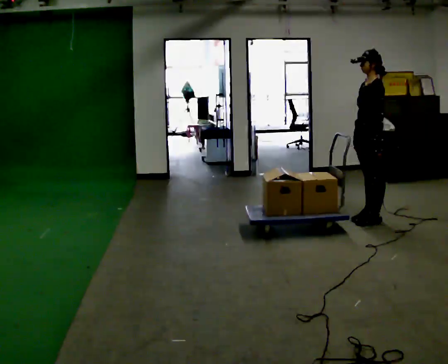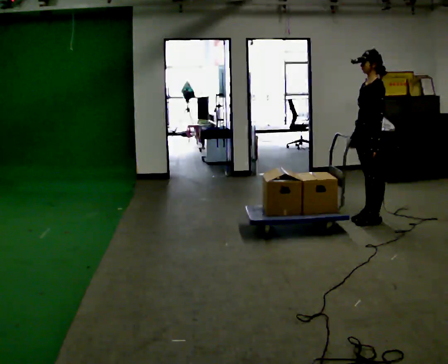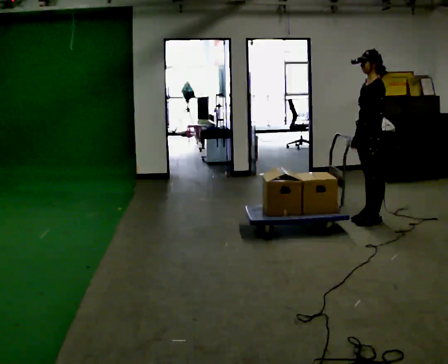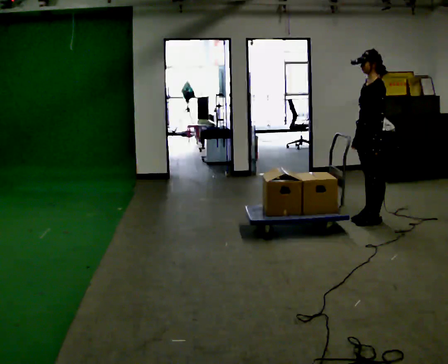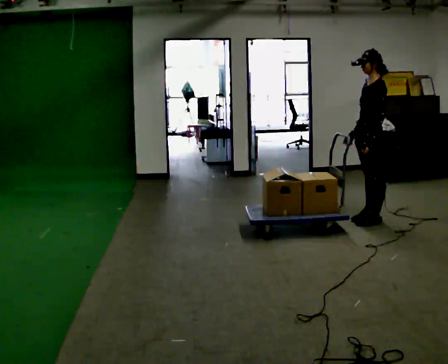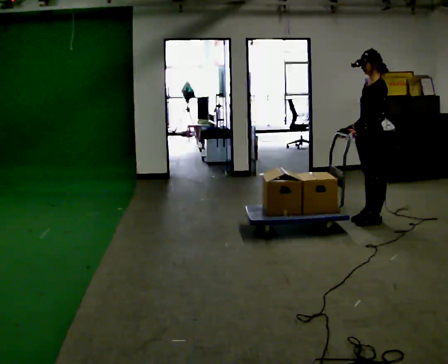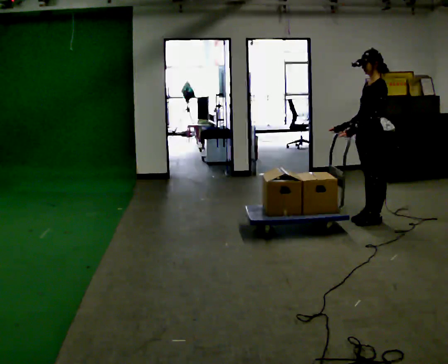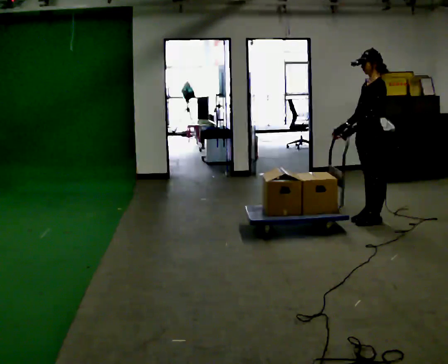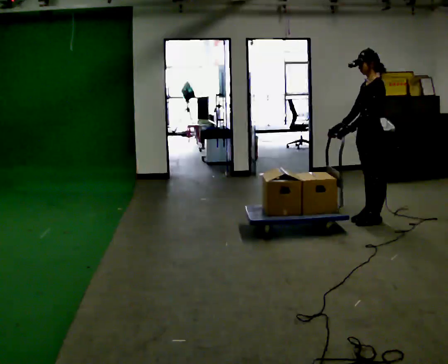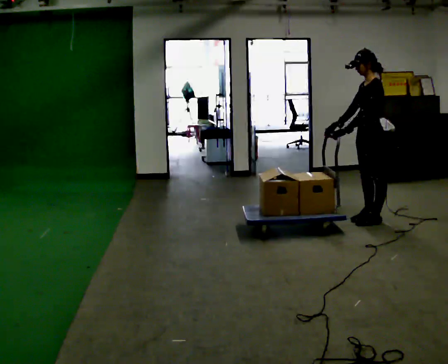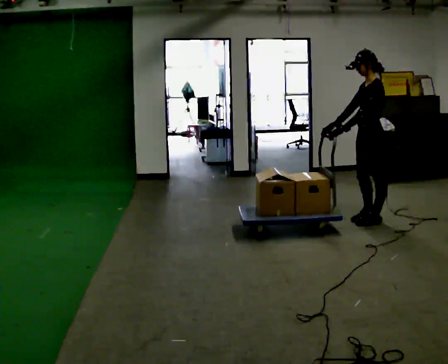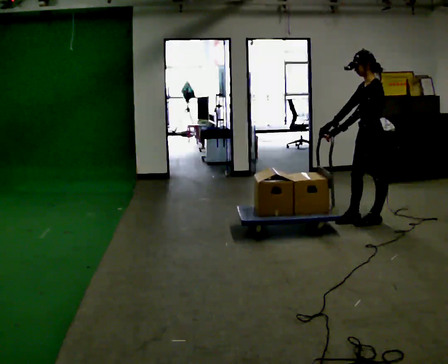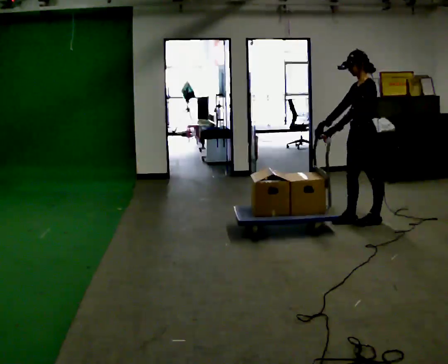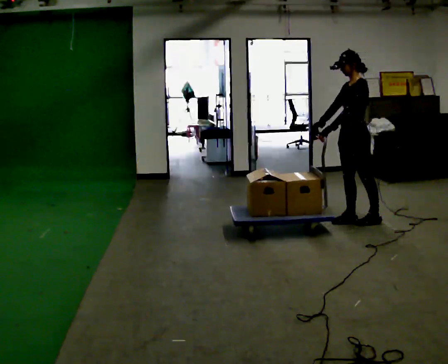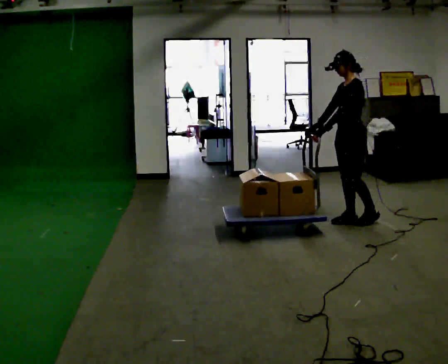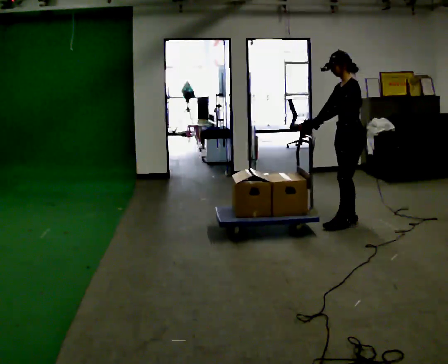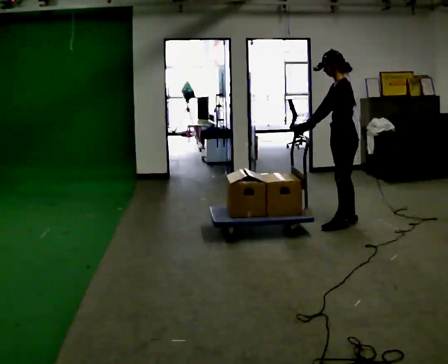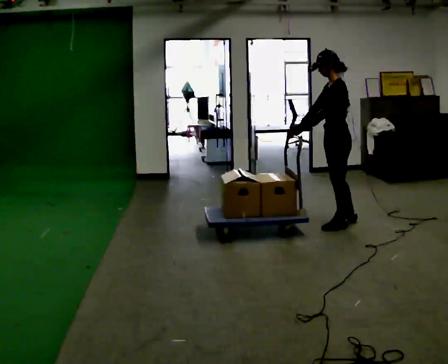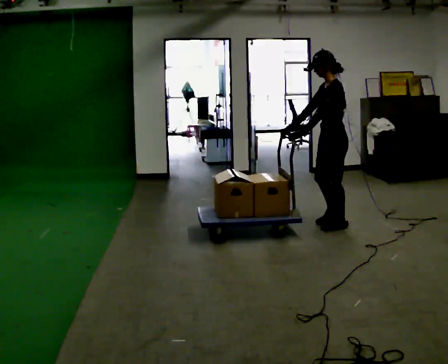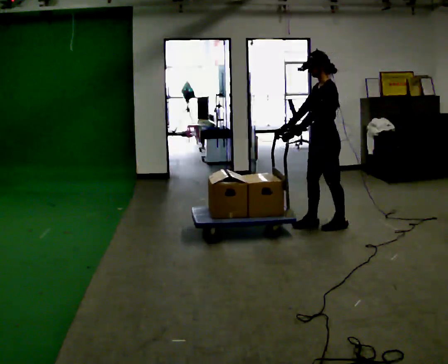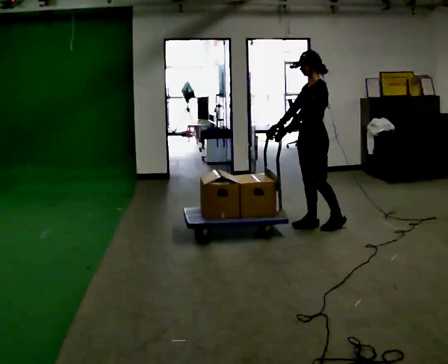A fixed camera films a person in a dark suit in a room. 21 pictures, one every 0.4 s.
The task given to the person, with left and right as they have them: Push the cart across the room and back. The operator will change how much is loaded on it between takes and will tell you each time.
0.0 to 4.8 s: In the picture their left hand goes to the left.
4.8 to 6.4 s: In the picture they go to the left, about 0.25 m in 1 step, which for them is forward.
6.4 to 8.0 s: In the picture they go to the left, about 0.25 m in 1 step, which for them is forward.
The film runs forward here.
